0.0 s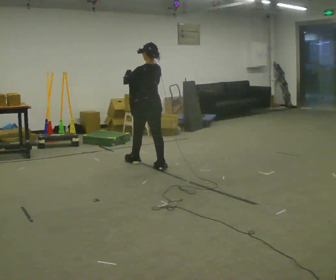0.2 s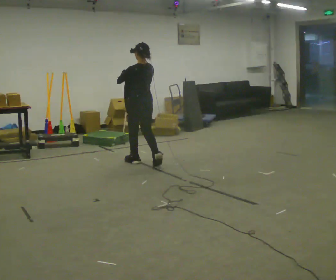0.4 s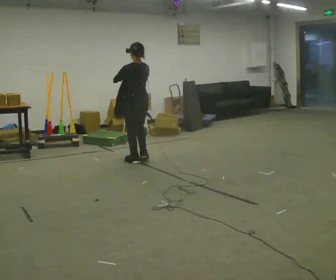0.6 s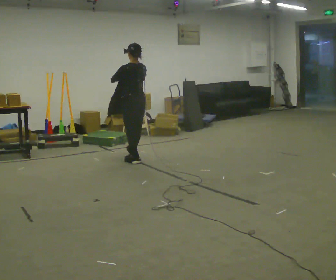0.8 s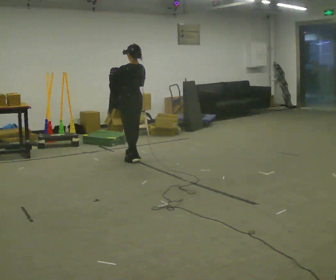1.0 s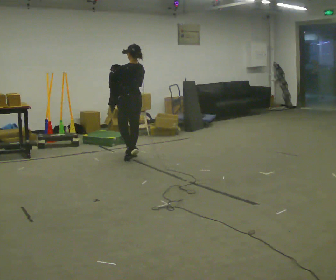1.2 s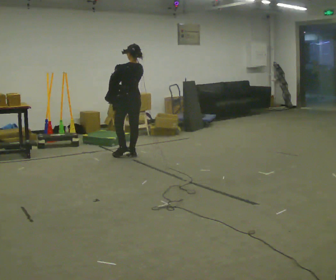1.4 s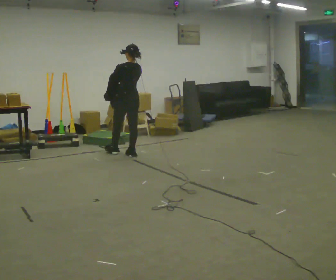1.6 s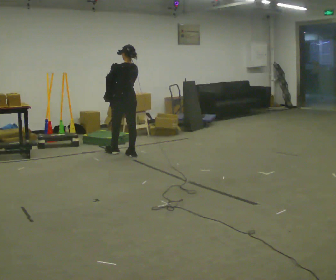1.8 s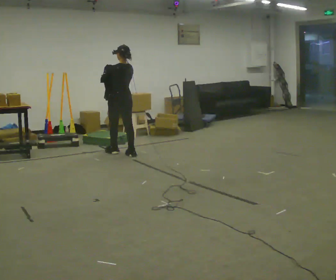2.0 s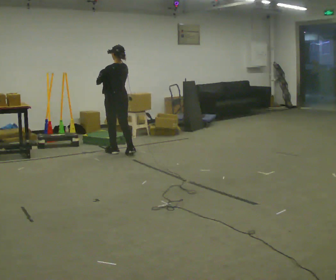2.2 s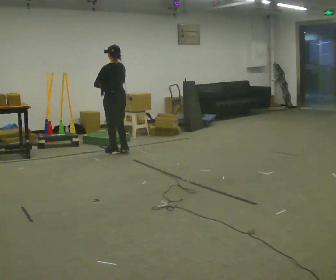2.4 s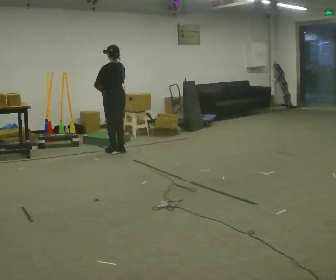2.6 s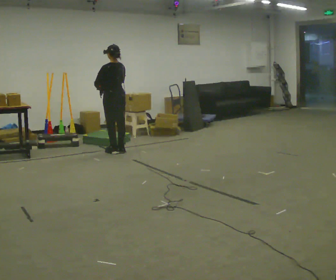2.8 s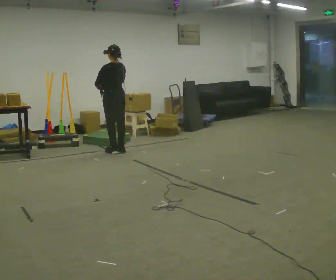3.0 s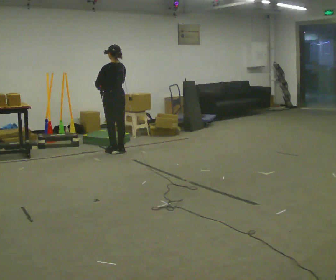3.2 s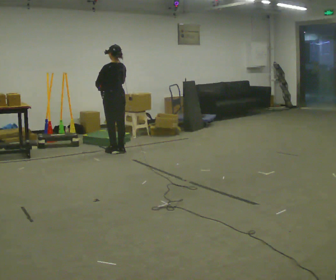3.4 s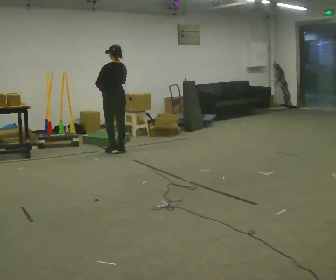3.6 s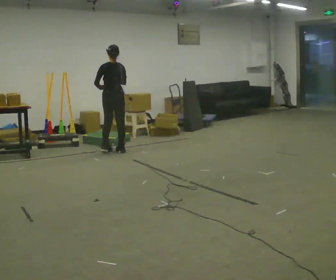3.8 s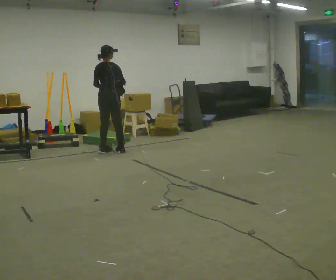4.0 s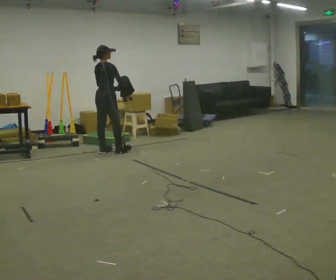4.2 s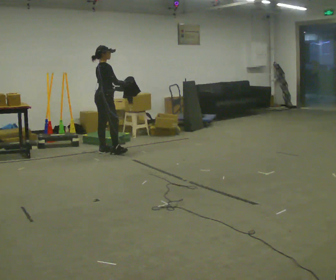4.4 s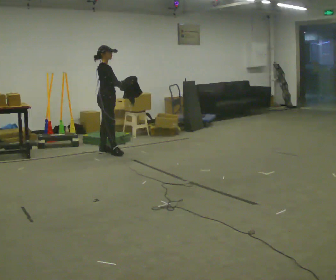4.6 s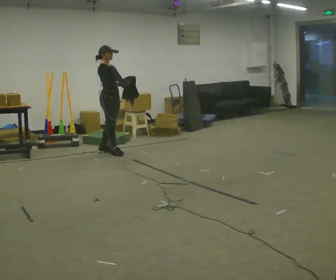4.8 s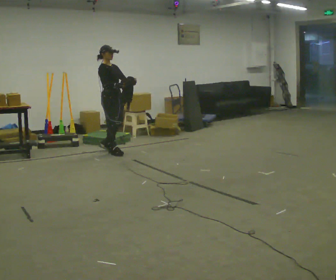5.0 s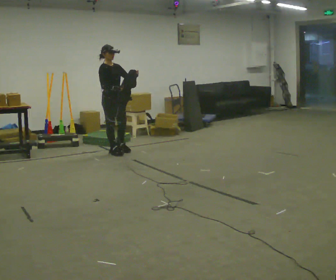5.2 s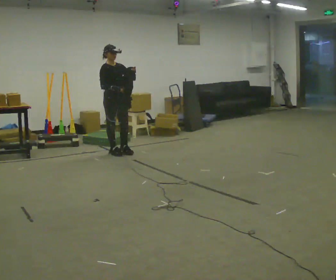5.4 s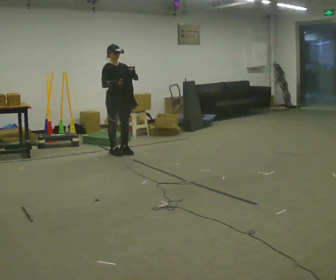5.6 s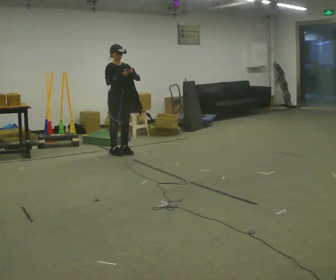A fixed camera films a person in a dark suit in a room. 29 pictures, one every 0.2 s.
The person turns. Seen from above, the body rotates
clockwise.
The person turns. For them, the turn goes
to their right.
0.0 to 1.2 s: In the picture they go away from the camera, about 0.5 m in 1 step, which for them is forward.
1.2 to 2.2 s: In the picture they go to the left and away from the camera, about 0.25 m in 1 step, which for them is forward.
2.2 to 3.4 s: The person moves a little, or ends about where they began.
3.4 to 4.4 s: The person turns about 120 degrees to their right, clockwise seen from above, so the part of the body nearest the lens slides to the left.
4.4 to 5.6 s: The part of the body nearest the lens slides to the left as the person turns to their right by about 60 degrees. In the picture they go to the right, about 0.25 m in 1 step, which for them is forward.
The film runs forward here.
